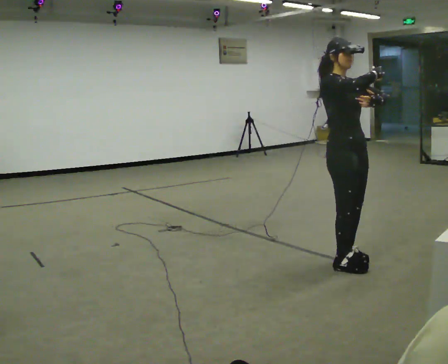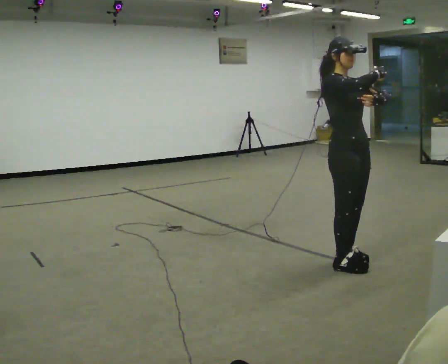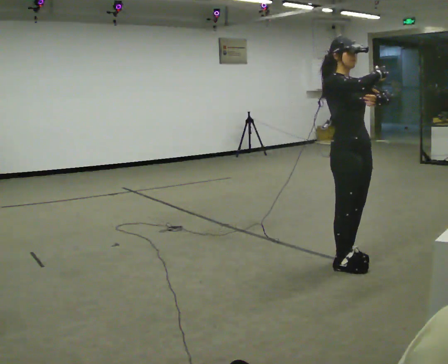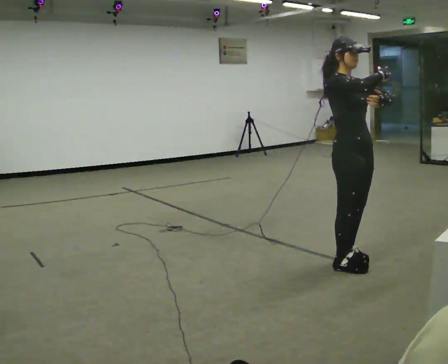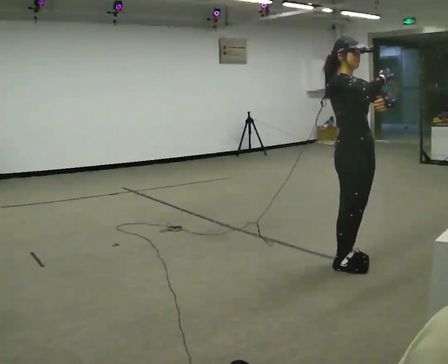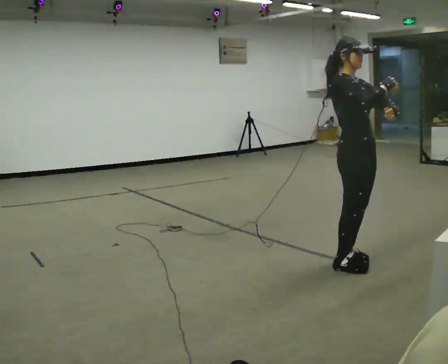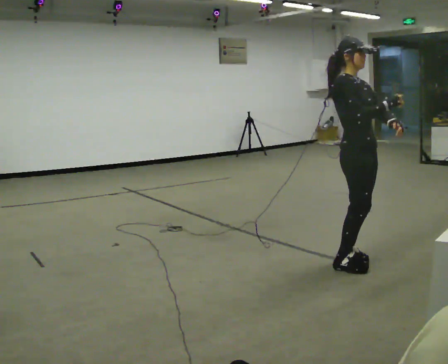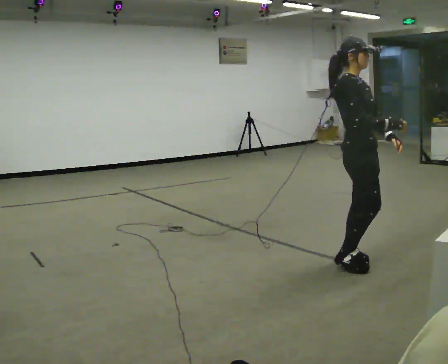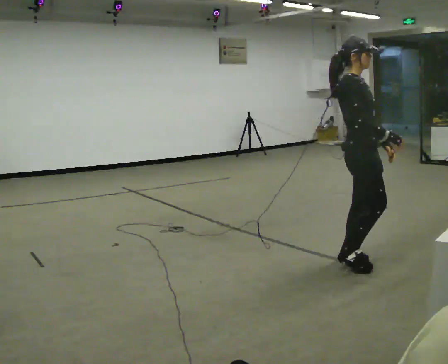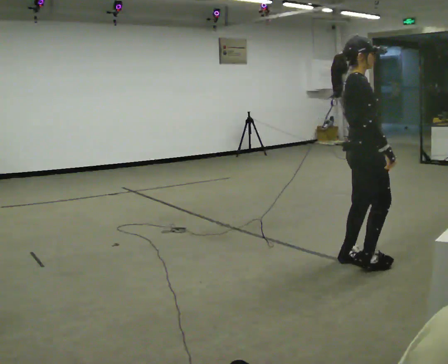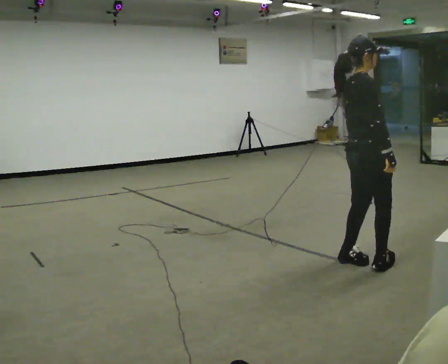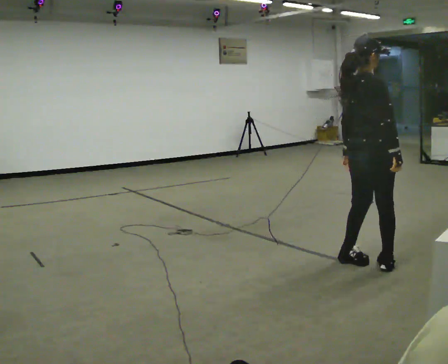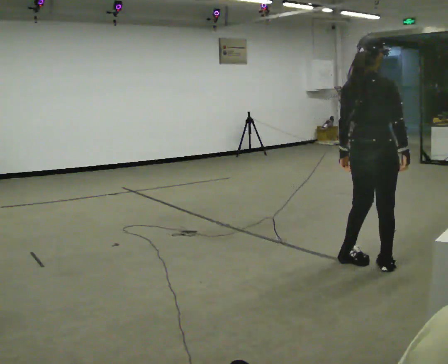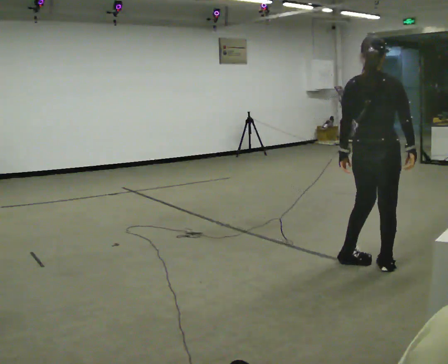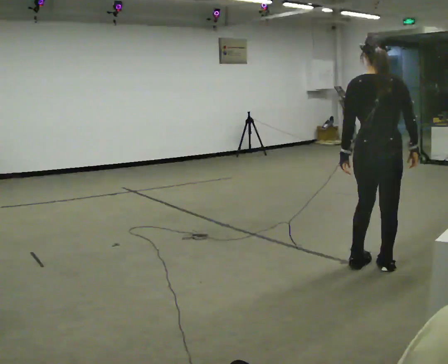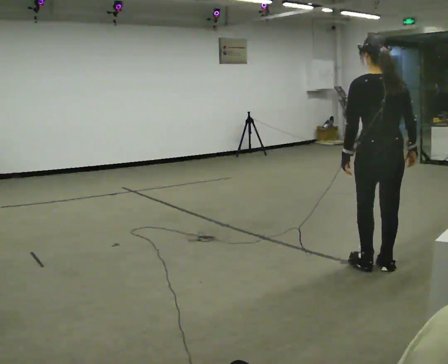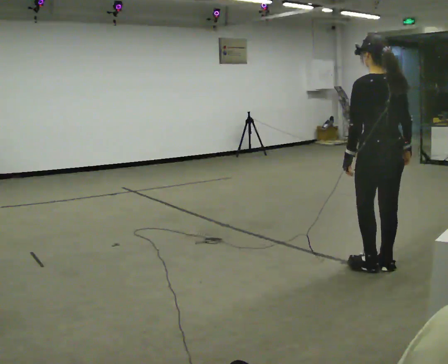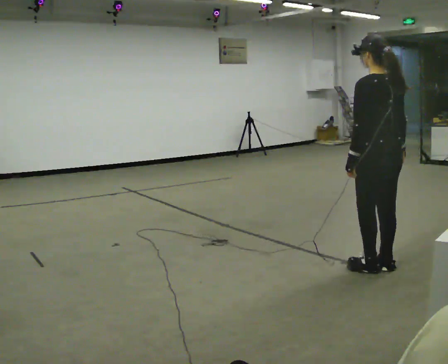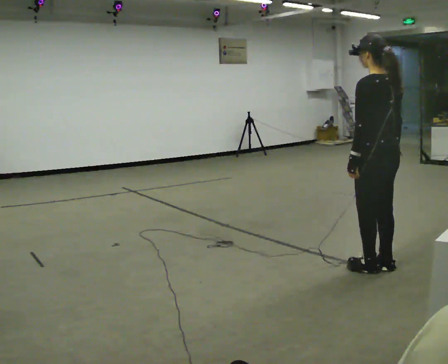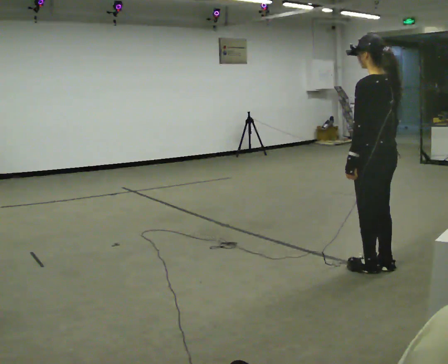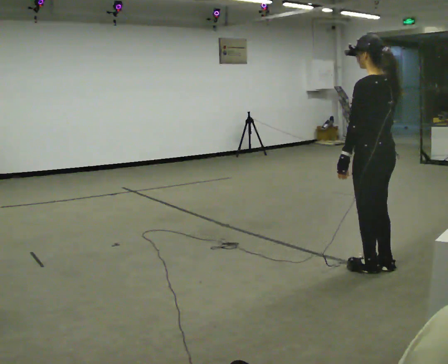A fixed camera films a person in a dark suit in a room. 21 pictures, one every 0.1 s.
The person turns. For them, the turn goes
to their left.
The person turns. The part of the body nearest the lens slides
to the right.
0.0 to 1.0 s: Seen from above the body turns counterclockwise, about 60 degrees: to their left, with its near side sliding to the right. In the picture their left hand goes downward.
1.0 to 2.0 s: The part of the body nearest the lens slides to the right as the person turns to their left by about 120 degrees.
The film runs forward here.
